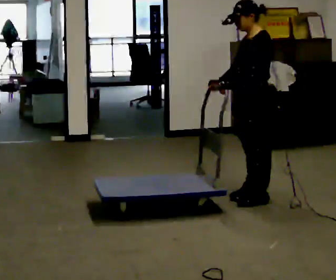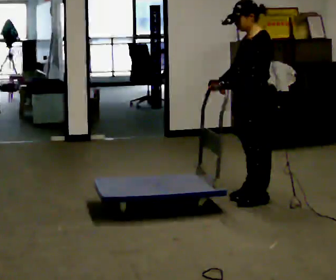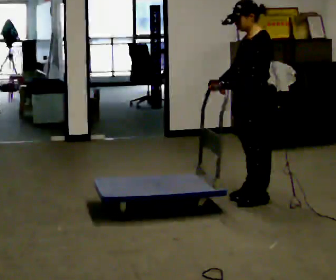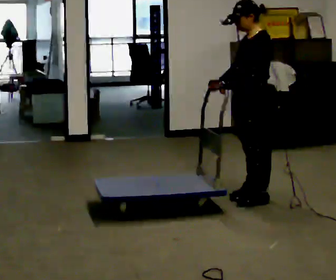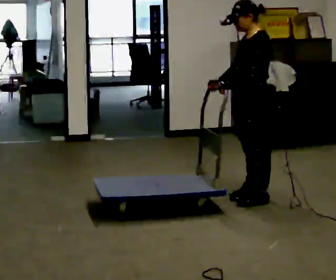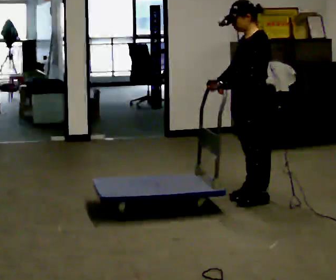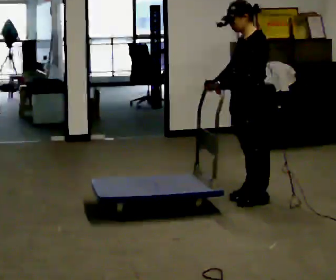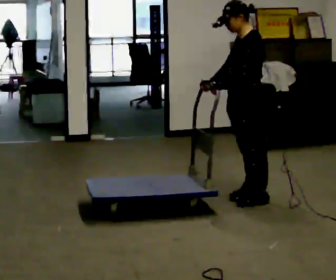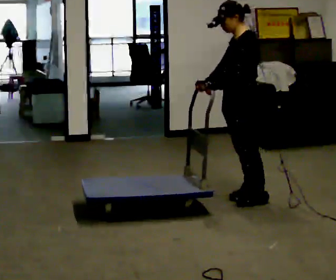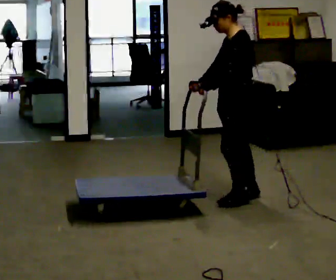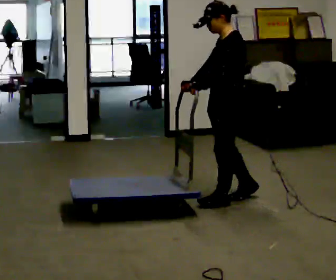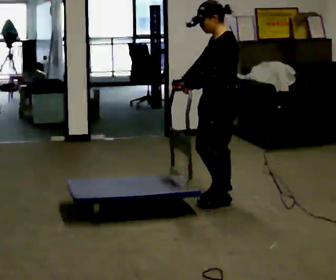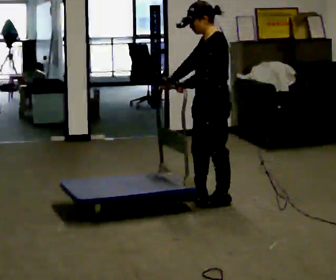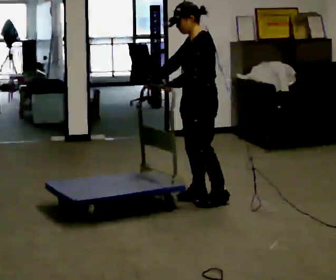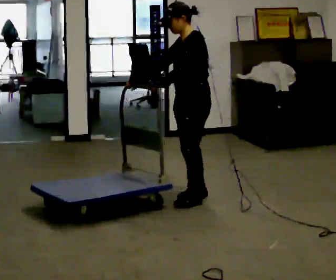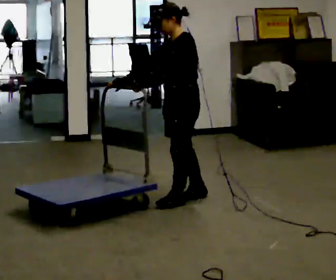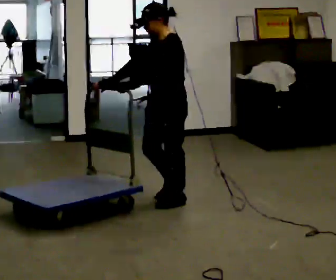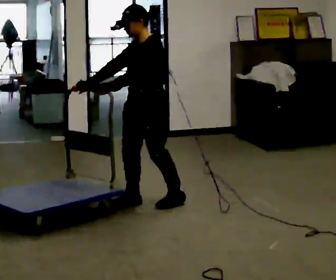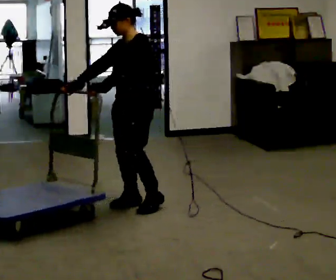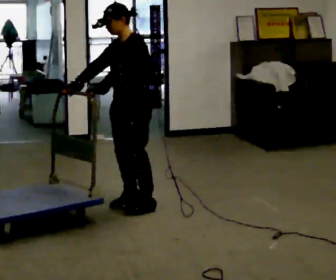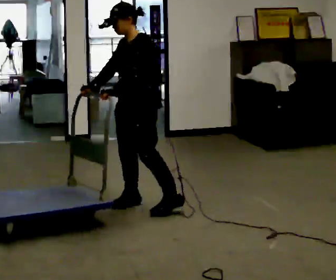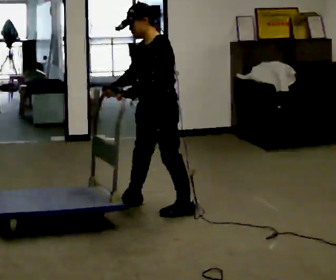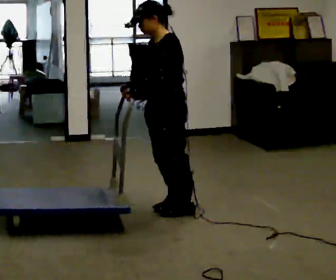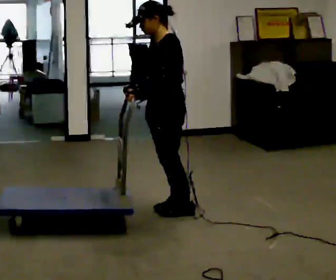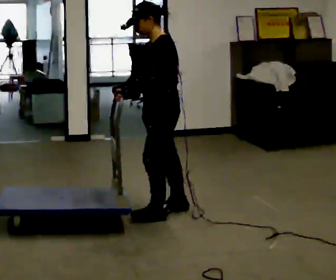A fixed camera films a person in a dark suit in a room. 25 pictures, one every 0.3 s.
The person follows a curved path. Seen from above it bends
counterclockwise.
0.0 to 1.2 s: The person keeps their place and pose.
1.2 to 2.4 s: The person moves a little, or ends about where they began.
2.4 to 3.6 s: In the picture they go to the left, about 0.25 m in 2 steps, which for them is forward.
3.6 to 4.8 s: In the picture they go to the left, about 0.25 m in 1 step, which for them is forward.
4.8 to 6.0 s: In the picture they go to the left, about 0.25 m in 2 steps, which for them is forward.
6.0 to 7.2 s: In the picture they go to the right, about 0.25 m in 2 steps, which for them is to their left.
The film runs forward here.
